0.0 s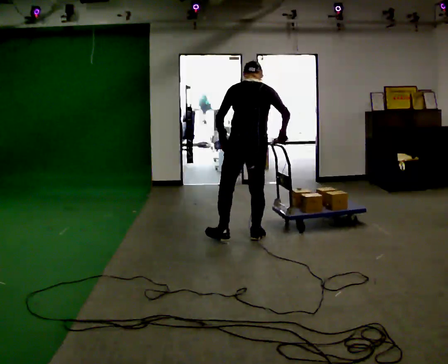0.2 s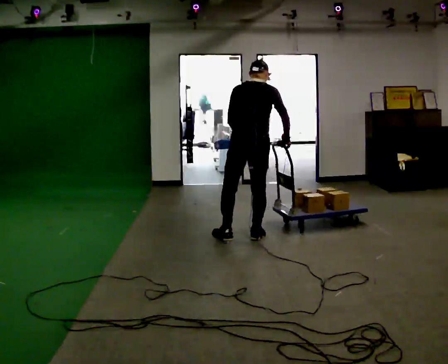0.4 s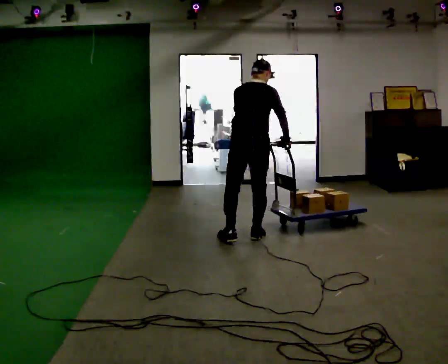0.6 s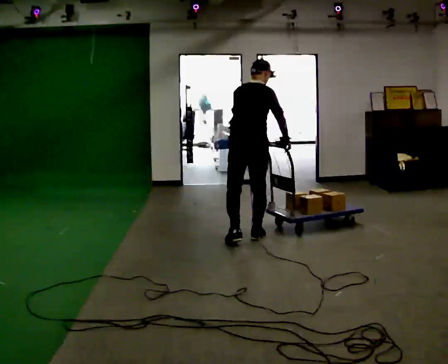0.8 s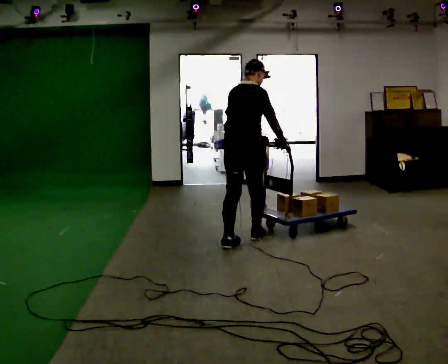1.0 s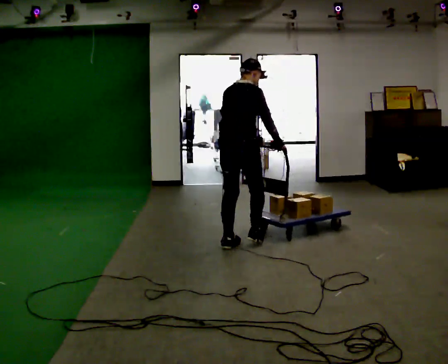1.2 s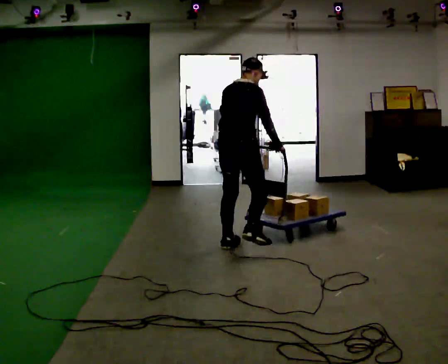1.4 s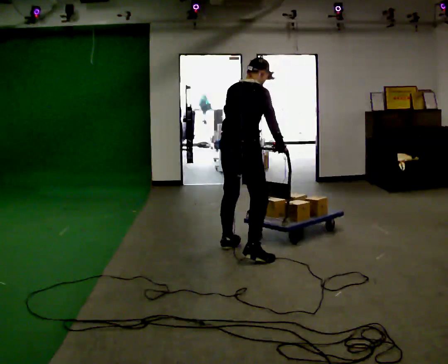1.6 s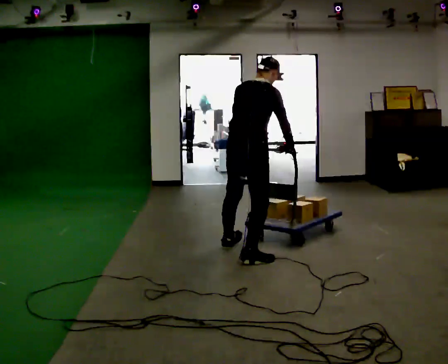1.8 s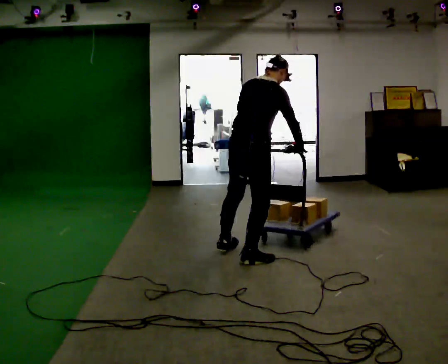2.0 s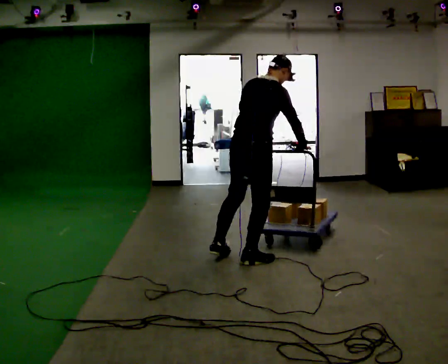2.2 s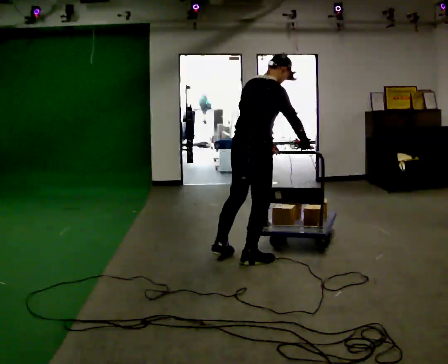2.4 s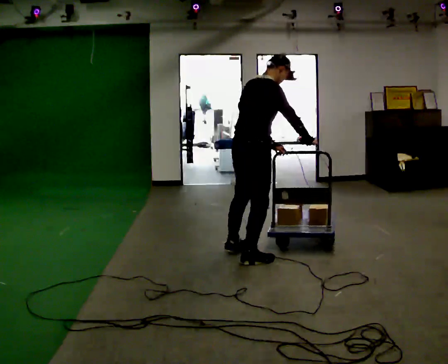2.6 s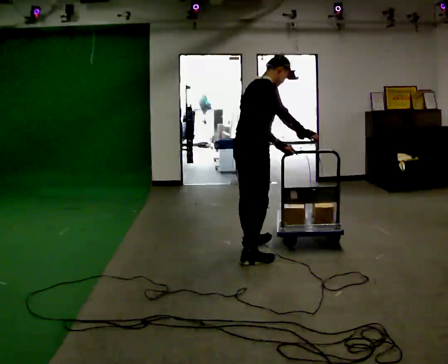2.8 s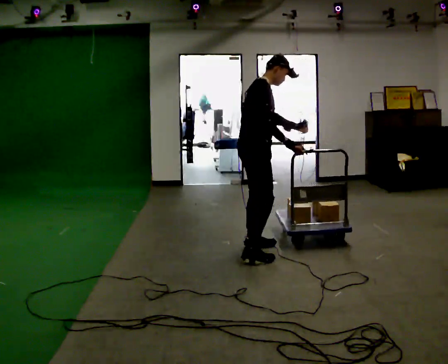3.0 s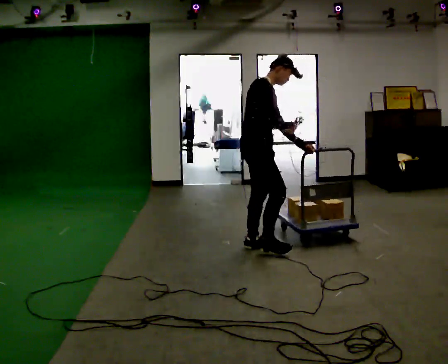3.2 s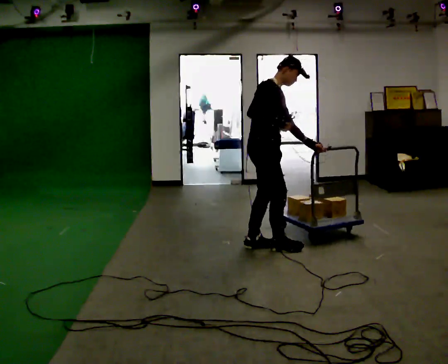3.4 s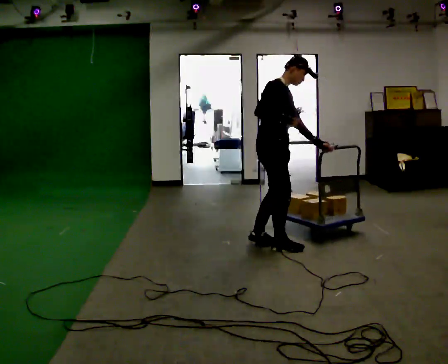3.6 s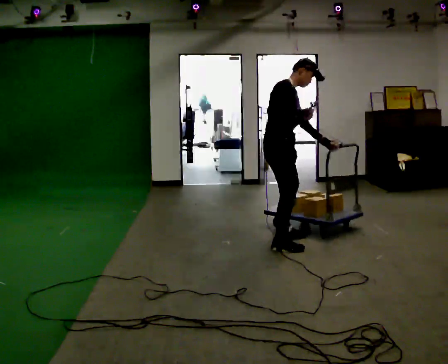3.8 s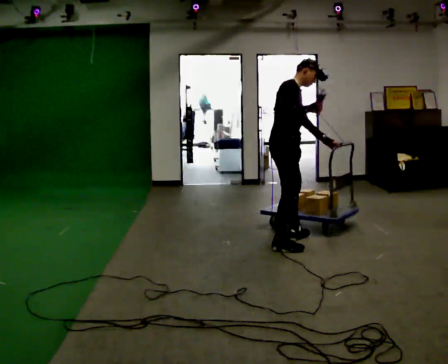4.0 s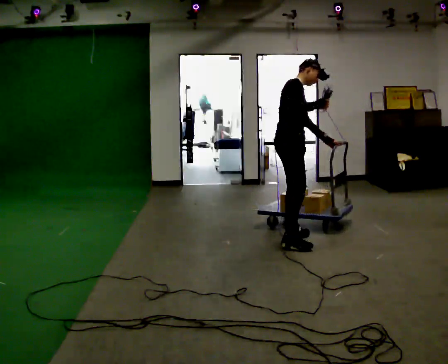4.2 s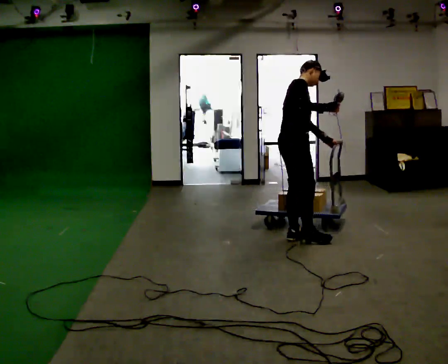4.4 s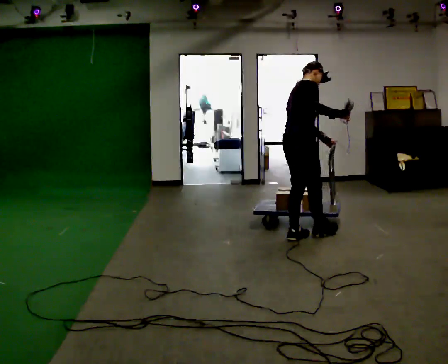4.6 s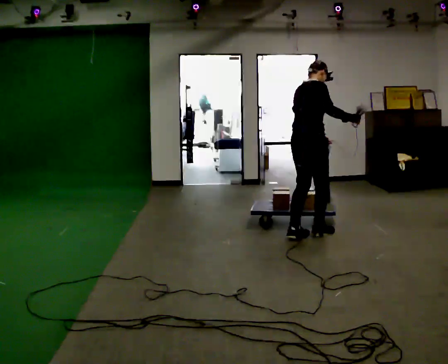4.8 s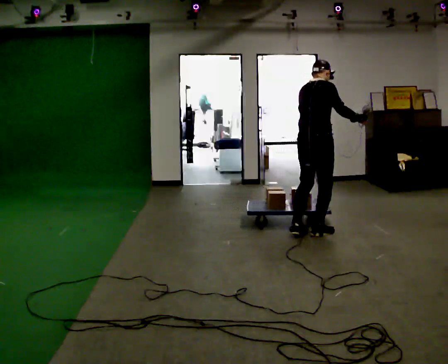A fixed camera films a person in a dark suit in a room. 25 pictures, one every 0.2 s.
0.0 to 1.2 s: Seen from above the body turns clockwise, about 45 degrees: to their right, with its near side sliding to the left. In the picture they go toward the camera, about 0.25 m in 2 steps, which for them is backward.
1.2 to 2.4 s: In the picture they go toward the camera, about 0.25 m in 2 steps, which for them is to their right and backward.
2.4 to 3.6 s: The person turns about 45 degrees to their right, clockwise seen from above, so the part of the body nearest the lens slides to the left. In the picture they go away from the camera and to the right, about 0.5 m in 2 steps, which for them is to their left and forward.
3.6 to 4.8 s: Seen from above the body turns counterclockwise, about 60 degrees: to their left, with its near side sliding to the right. In the picture they go to the right and away from the camera, about 0.5 m in 2 steps, which for them is forward and to their left.
The film runs backward here.
